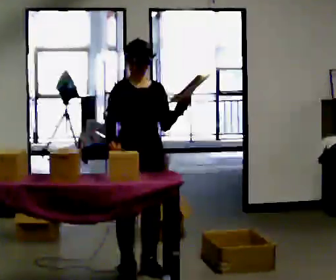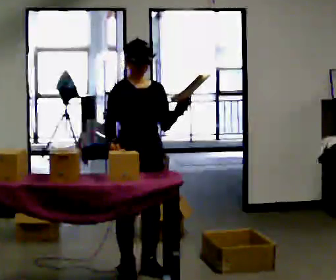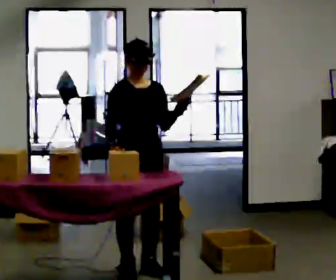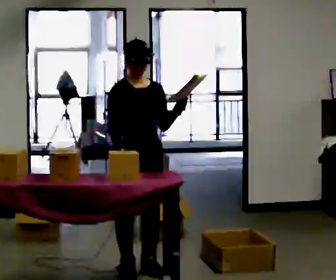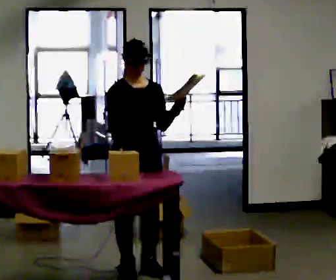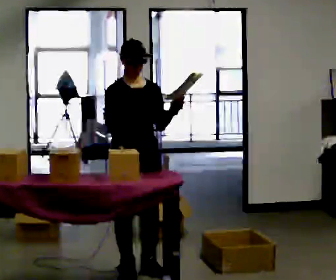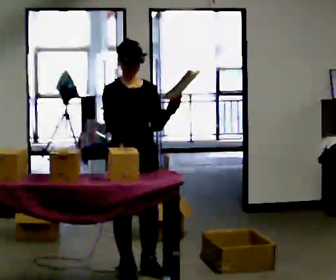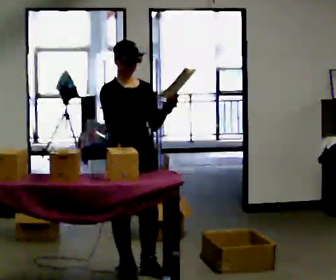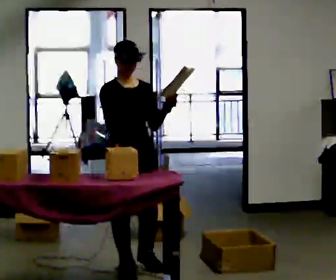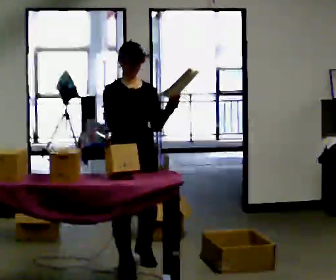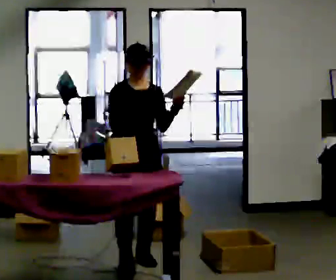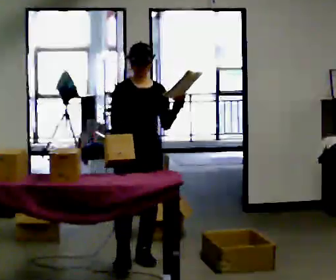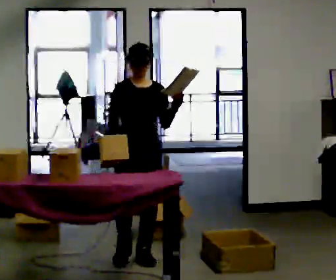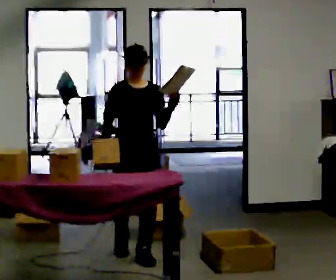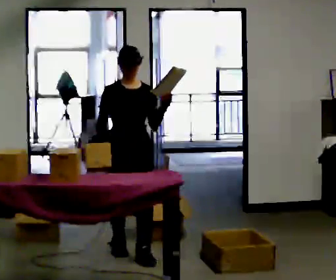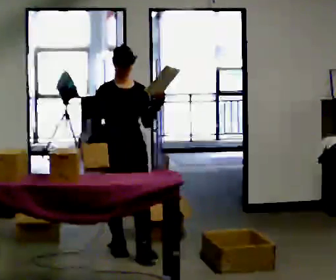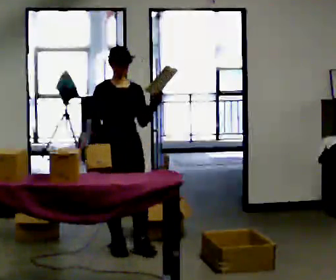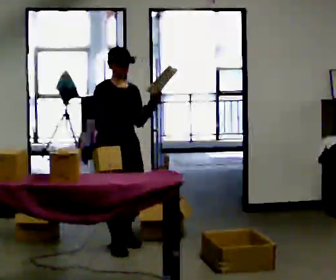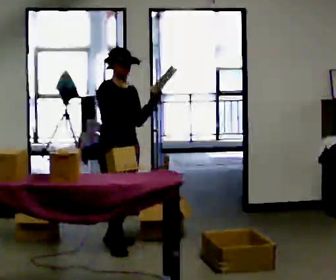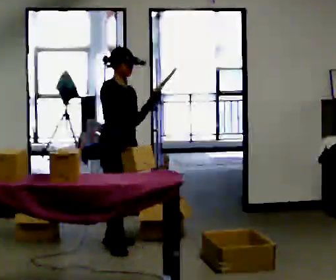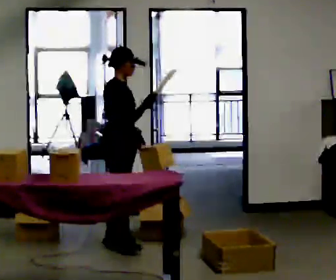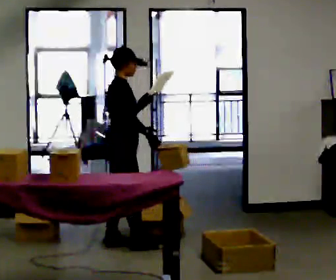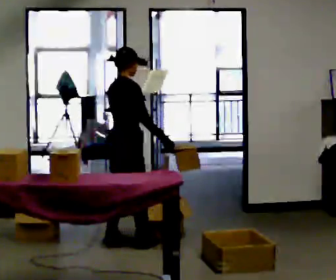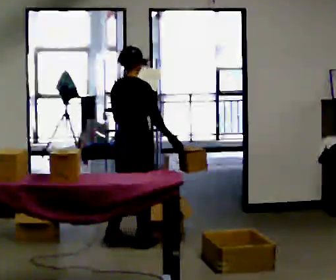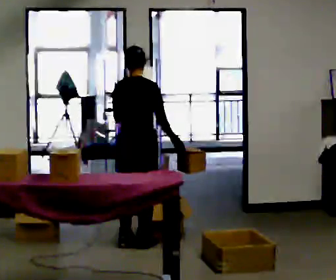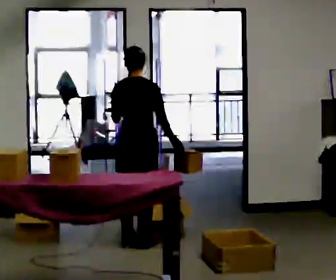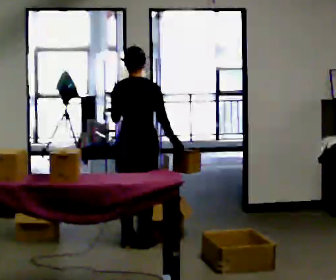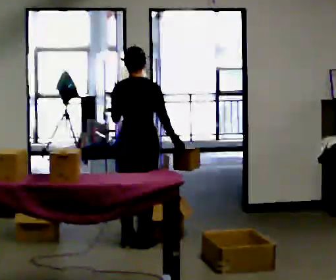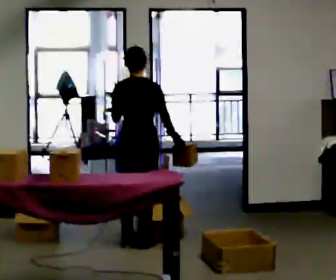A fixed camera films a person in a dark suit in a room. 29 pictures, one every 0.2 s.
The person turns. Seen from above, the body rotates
counterclockwise.
The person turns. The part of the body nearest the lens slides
to the right.
0.0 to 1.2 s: The person moves a little, or ends about where they began.
1.2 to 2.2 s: In the picture they go away from the camera, about 0.25 m in 2 steps, which for them is backward.
2.2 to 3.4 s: In the picture they go away from the camera and to the left, about 0.5 m in 1 step, which for them is backward.
3.4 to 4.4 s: The part of the body nearest the lens slides to the right as the person turns to their left by about 90 degrees. In the picture they go away from the camera, about 0.25 m in 1 step. In the picture their right hand goes to the right, the arm swinging counterclockwise.
4.4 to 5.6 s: The person turns about 60 degrees to their left, counterclockwise seen from above, so the part of the body nearest the lens slides to the right.
The film runs backward here.
